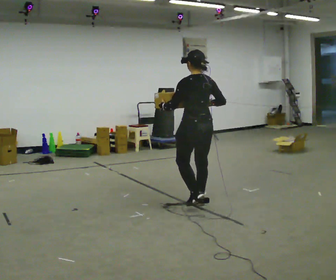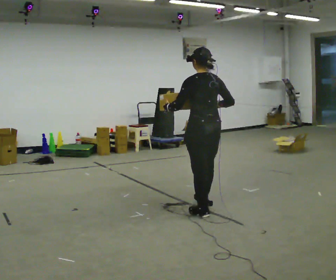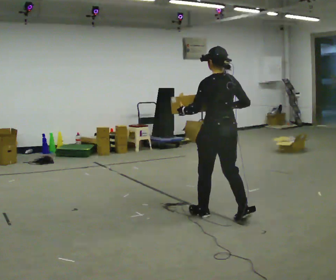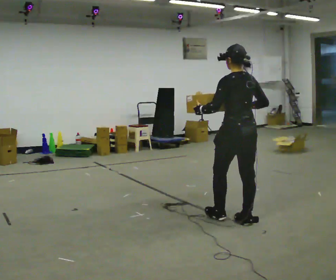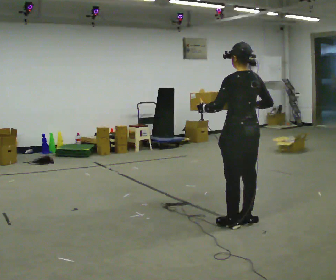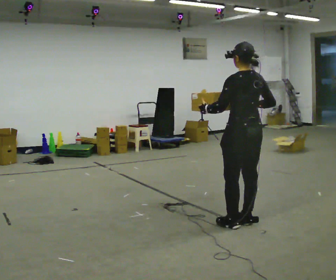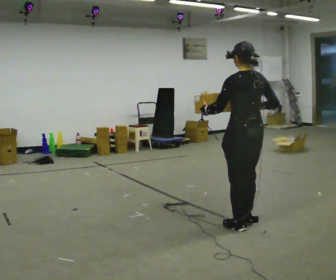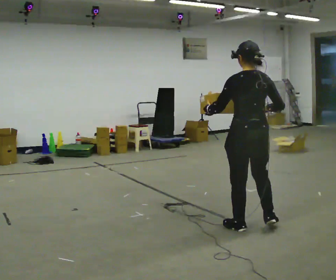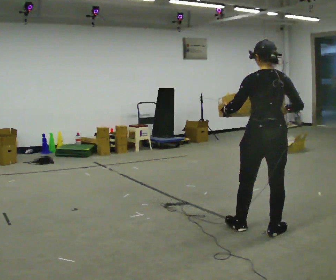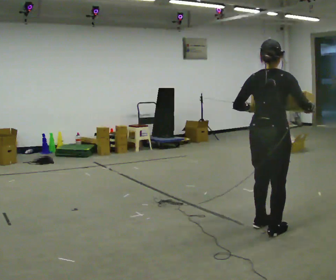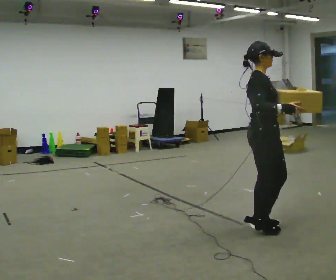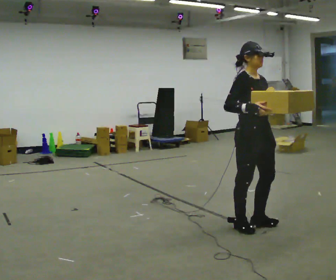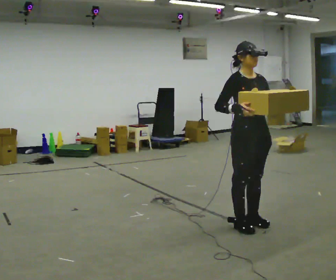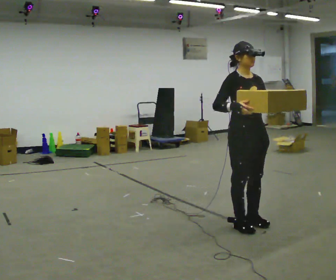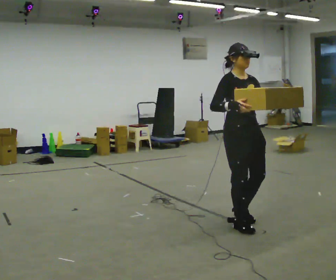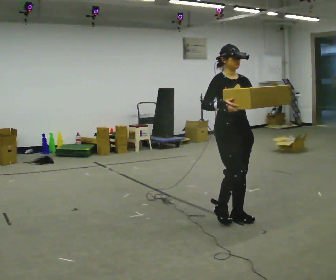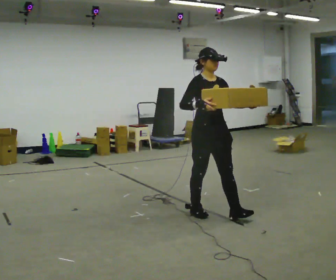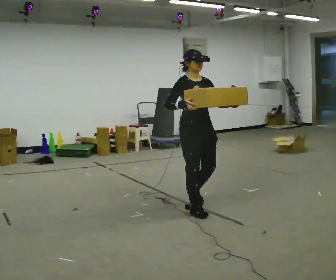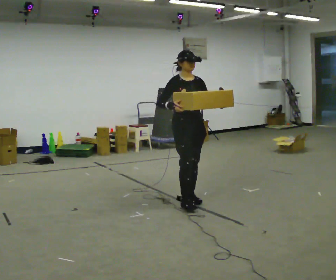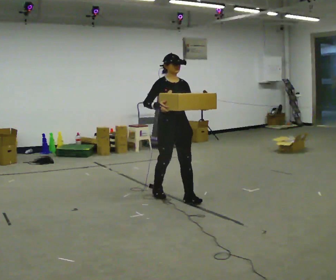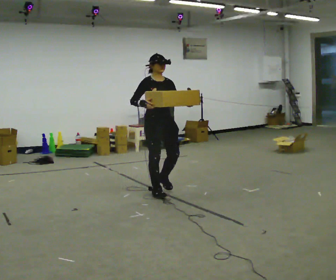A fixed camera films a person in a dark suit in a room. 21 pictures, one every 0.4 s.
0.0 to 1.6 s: In the picture they go toward the camera and to the right, about 0.5 m in 2 steps, which for them is backward.
1.6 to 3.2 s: In the picture they go toward the camera and to the right, about 0.25 m in 1 step, which for them is backward.
3.2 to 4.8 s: Seen from above the body turns clockwise, about 150 degrees: to their right, with its near side sliding to the left. In the picture their left hand goes to the right.
4.8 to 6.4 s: In the picture they go to the left and away from the camera, about 0.5 m in 2 steps, which for them is backward.
6.4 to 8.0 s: In the picture they go away from the camera and to the left, about 1 m in 3 steps, which for them is backward.
The film runs backward here.
